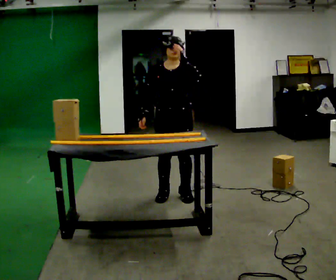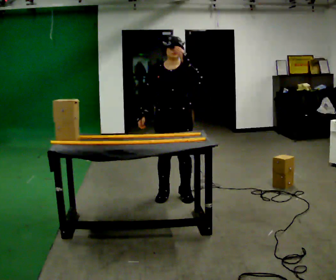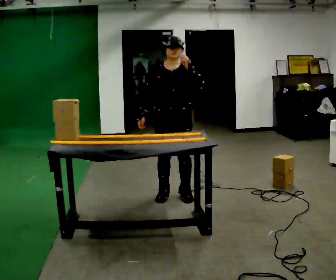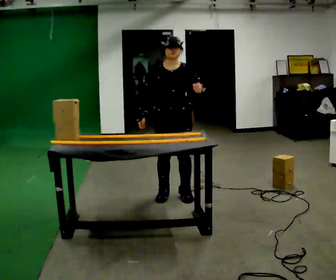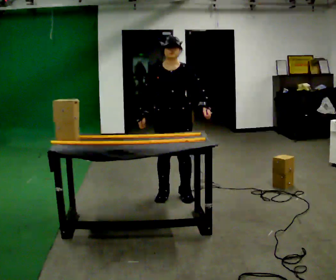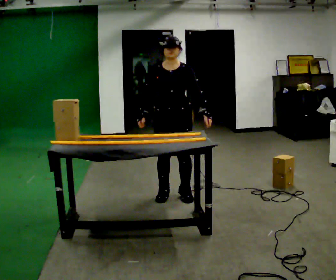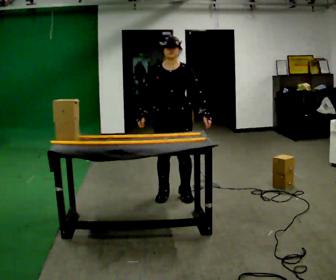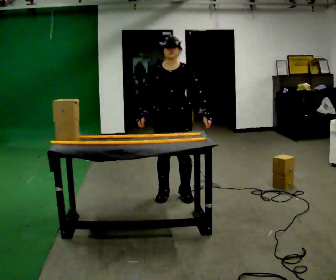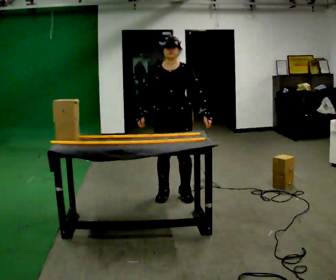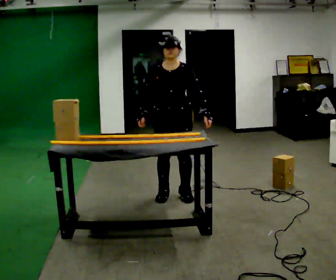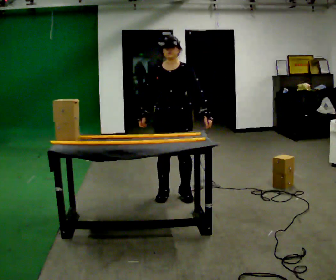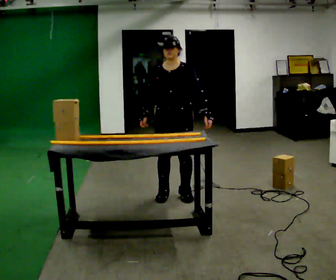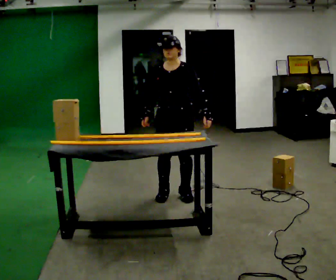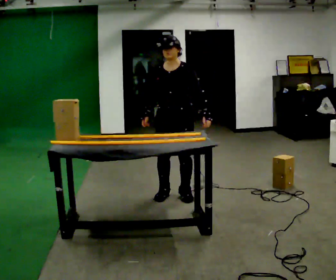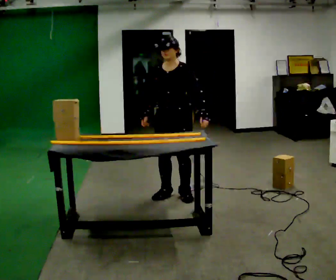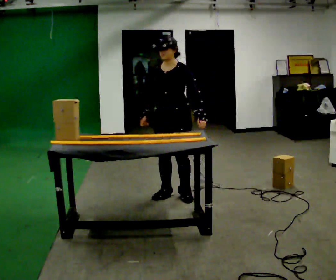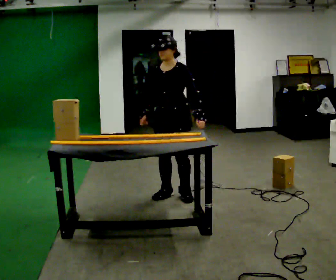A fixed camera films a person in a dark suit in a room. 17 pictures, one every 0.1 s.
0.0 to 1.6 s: In the picture their left hand goes downward.
The film runs backward here.
